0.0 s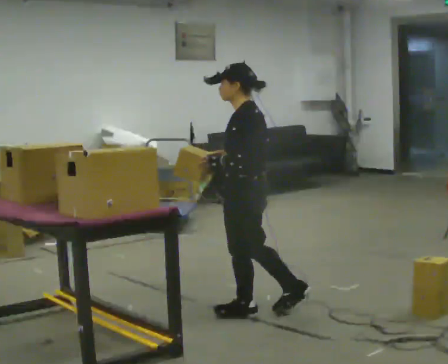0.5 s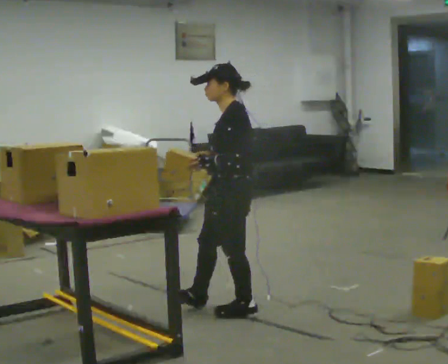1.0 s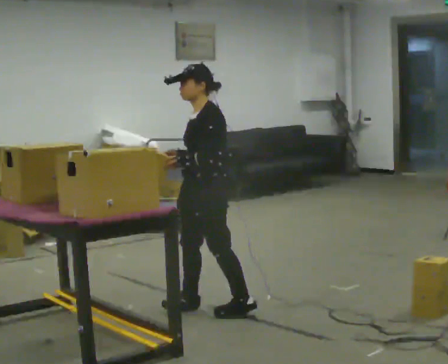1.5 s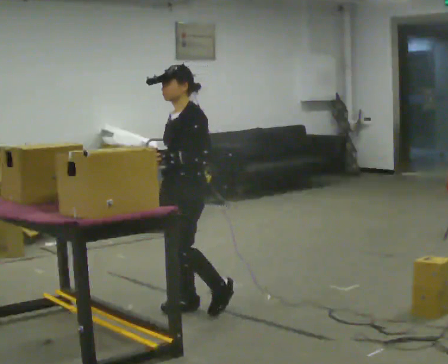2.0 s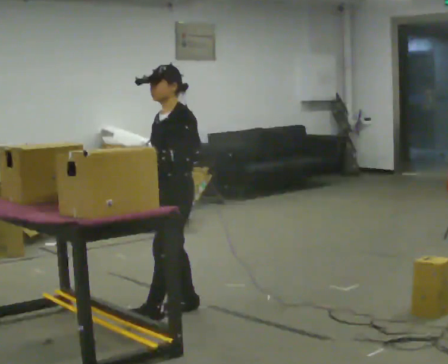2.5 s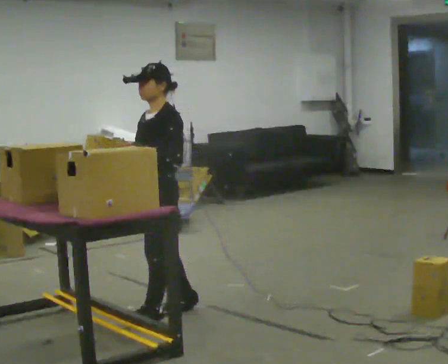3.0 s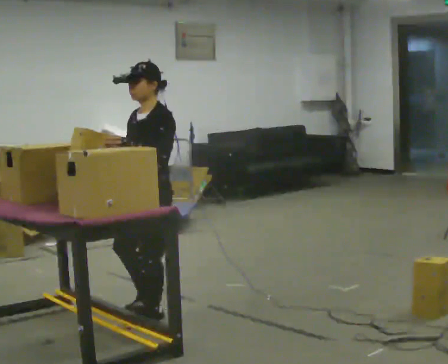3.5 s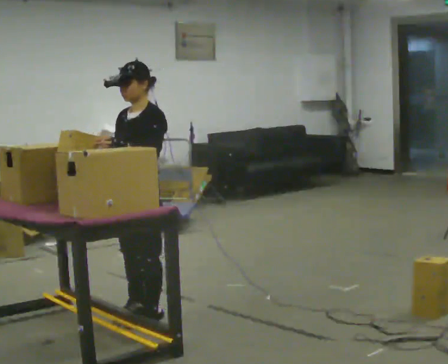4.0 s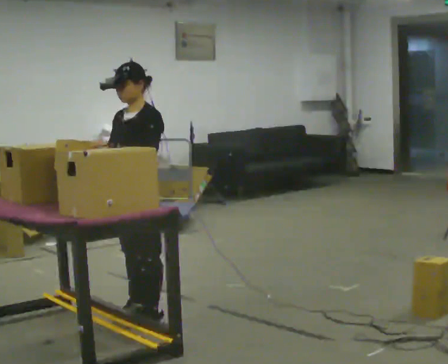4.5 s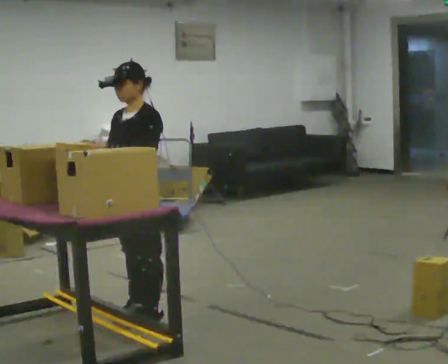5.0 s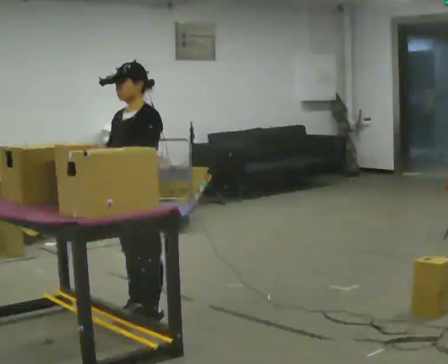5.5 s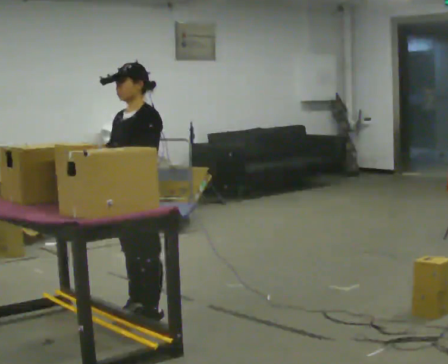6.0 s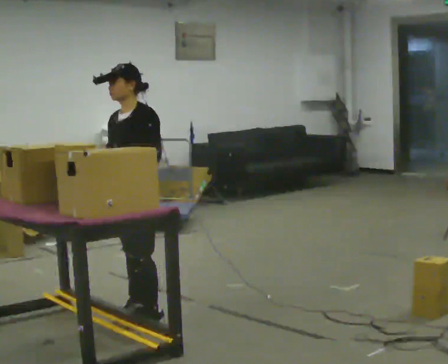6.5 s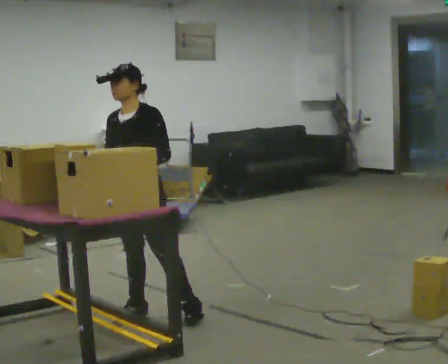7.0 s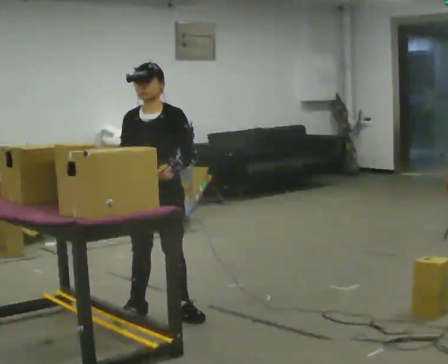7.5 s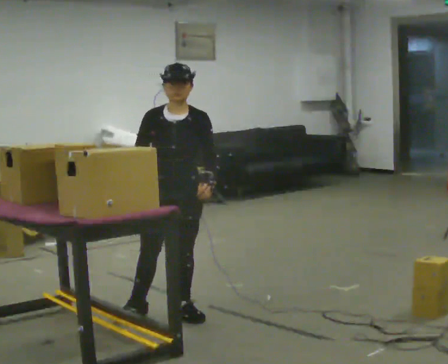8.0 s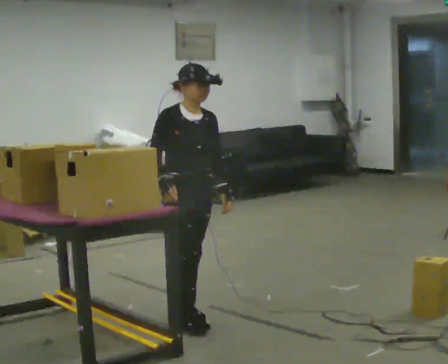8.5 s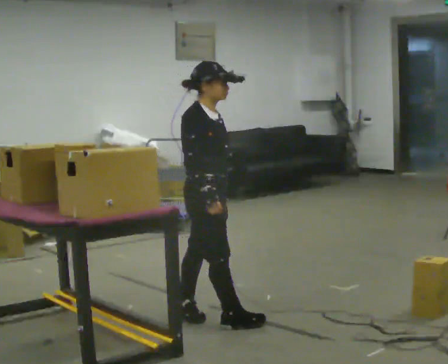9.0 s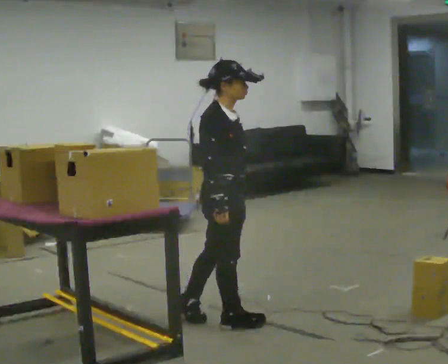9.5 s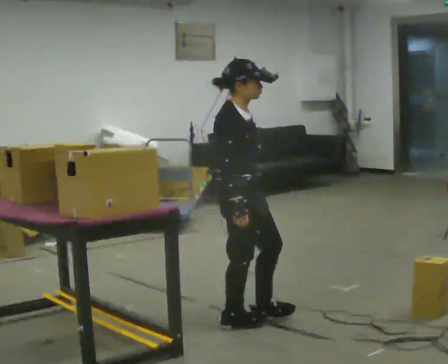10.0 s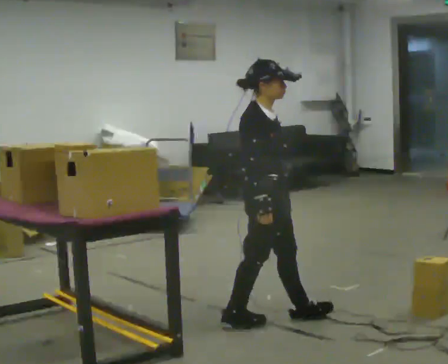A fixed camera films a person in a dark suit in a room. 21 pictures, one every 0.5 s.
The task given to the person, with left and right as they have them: Carry the object over and fit it into the gap between the two boxes already on the shelf, without touching either of them. Keep going until the operator says stop; one object at a time, and do not rush between trips.
0.0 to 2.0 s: The person turns about 45 degrees to their left, counterclockwise seen from above, so the part of the body nearest the lens slides to the right. In the picture they go to the left and away from the camera, about 0.5 m in 2 steps, which for them is forward and to their right.
2.0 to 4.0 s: In the picture they go to the left, about 0.25 m in 1 step, which for them is forward.
4.0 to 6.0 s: The person moves a little, or ends about where they began.
6.0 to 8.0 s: The part of the body nearest the lens slides to the right as the person turns to their left by about 75 degrees. In the picture they go to the right, about 0.25 m in 1 step.
8.0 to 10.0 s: Seen from above the body turns counterclockwise, about 45 degrees: to their left, with its near side sliding to the right. In the picture they go to the right and toward the camera, about 0.5 m in 2 steps, which for them is forward.
The film runs forward here.
